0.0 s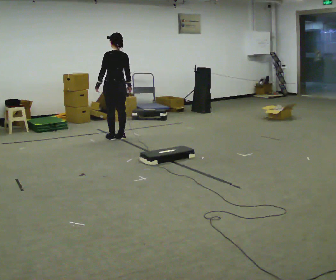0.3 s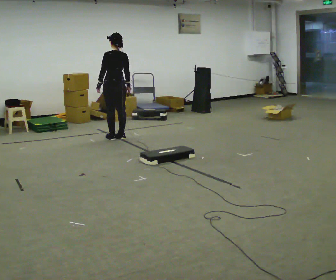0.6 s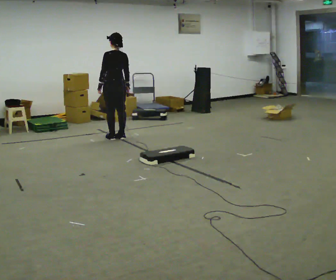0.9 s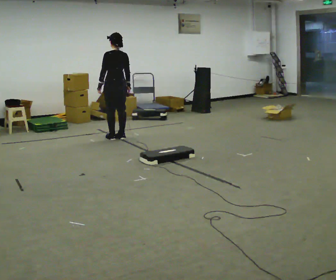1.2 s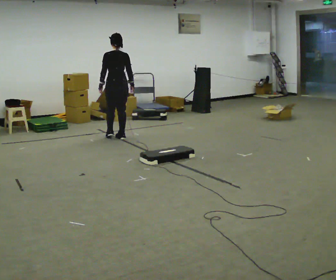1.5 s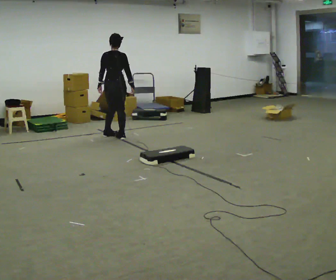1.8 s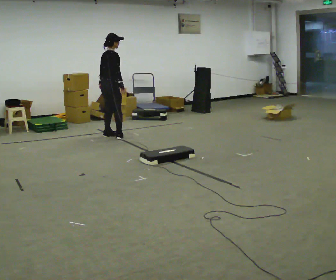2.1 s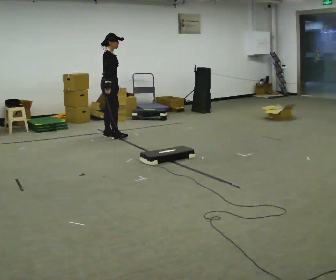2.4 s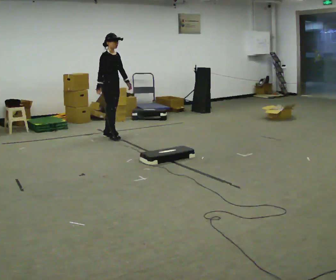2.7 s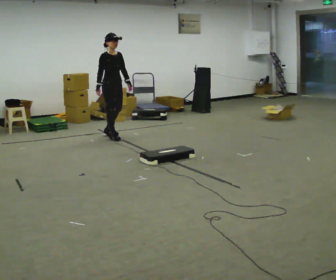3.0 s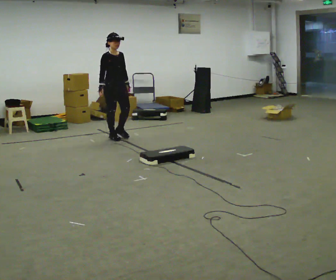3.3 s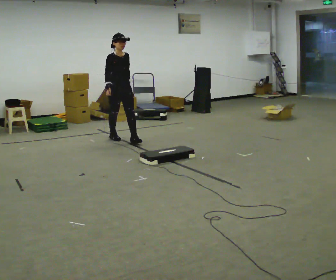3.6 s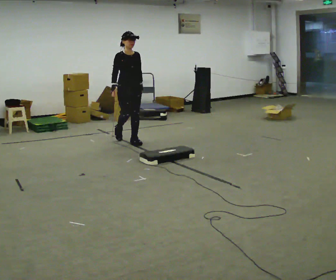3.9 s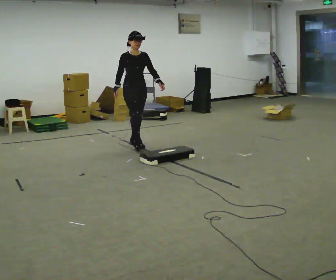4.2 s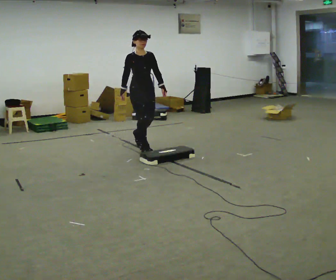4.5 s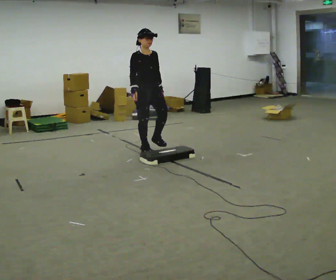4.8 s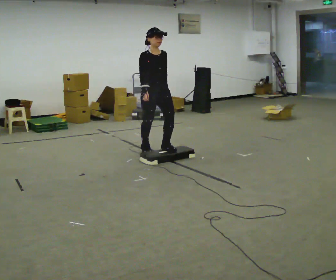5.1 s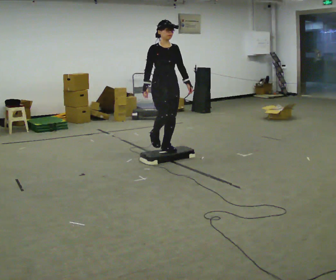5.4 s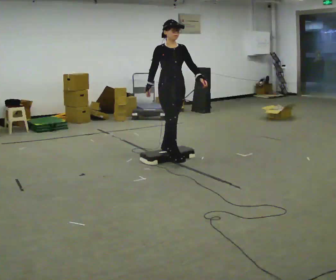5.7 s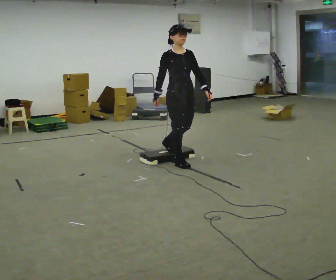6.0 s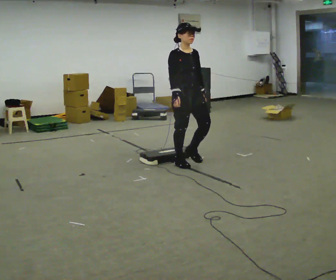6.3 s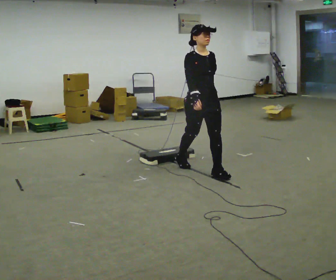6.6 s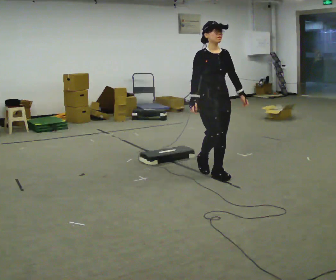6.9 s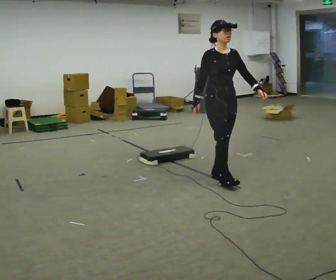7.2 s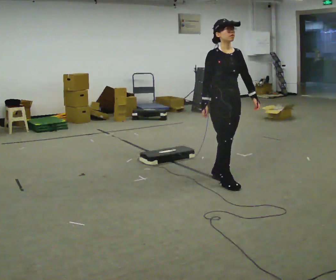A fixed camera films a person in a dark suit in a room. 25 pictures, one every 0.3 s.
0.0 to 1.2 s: The person moves a little, or ends about where they began.
1.2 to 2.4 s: The part of the body nearest the lens slides to the left as the person turns to their right by about 120 degrees. In the picture their left hand goes to the right, the arm swinging counterclockwise.
2.4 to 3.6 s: The part of the body nearest the lens slides to the left as the person turns to their right by about 30 degrees. In the picture they go toward the camera and to the right, about 0.5 m in 1 step, which for them is forward.
3.6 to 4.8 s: In the picture they go toward the camera and to the right, about 1 m in 2 steps, which for them is forward.
4.8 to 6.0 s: In the picture they go toward the camera and to the right, about 0.75 m in 1 step, which for them is forward.
6.0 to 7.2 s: In the picture they go toward the camera and to the right, about 0.5 m in 2 steps, which for them is forward.
The film runs forward here.
